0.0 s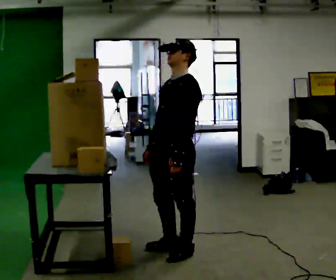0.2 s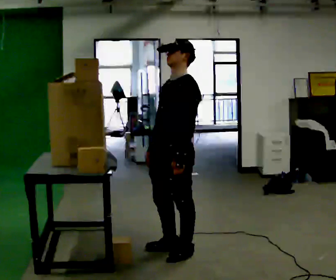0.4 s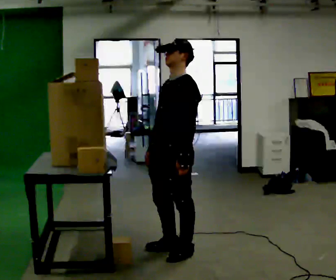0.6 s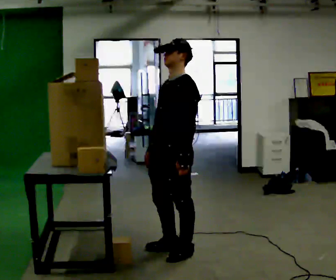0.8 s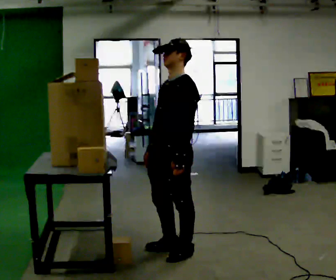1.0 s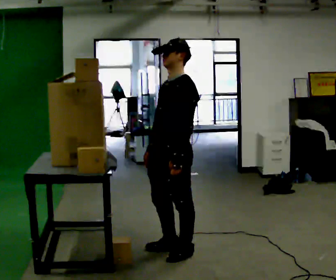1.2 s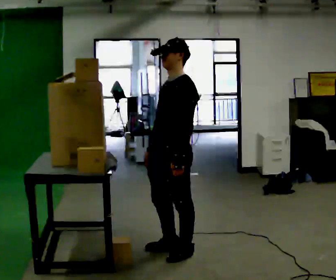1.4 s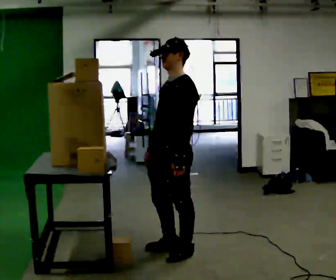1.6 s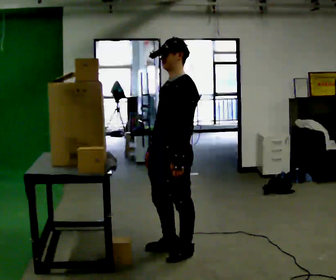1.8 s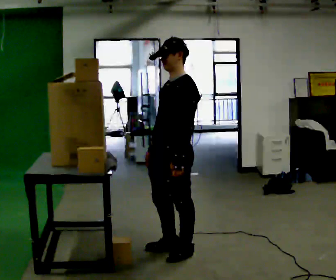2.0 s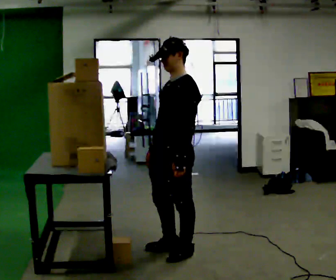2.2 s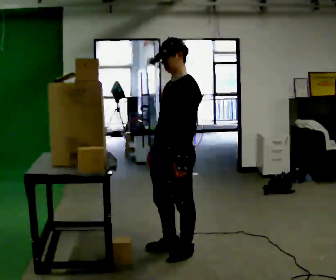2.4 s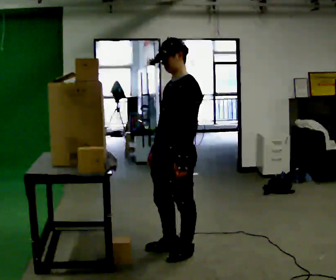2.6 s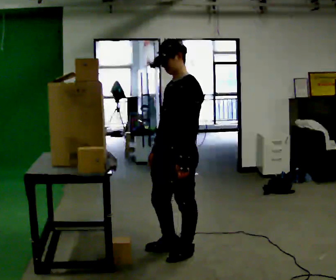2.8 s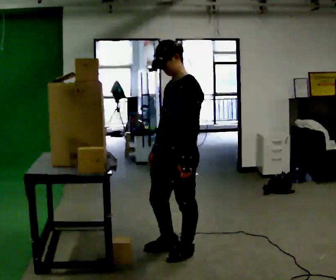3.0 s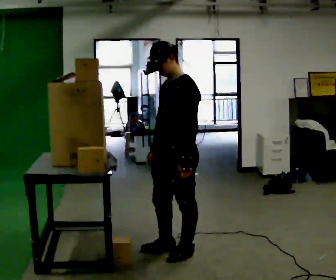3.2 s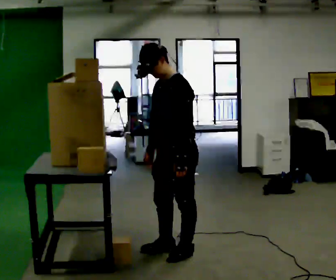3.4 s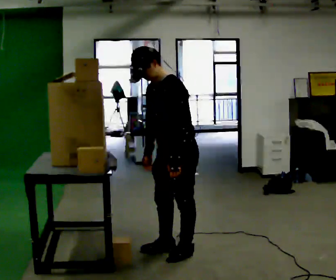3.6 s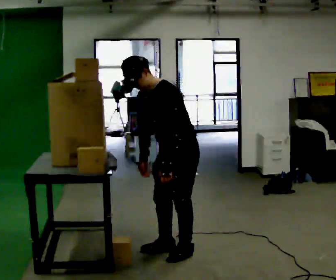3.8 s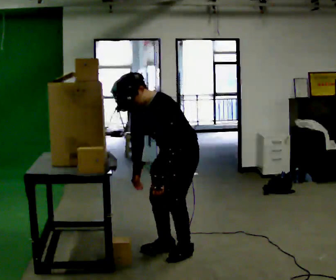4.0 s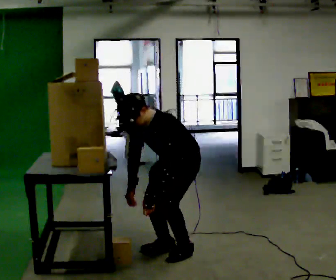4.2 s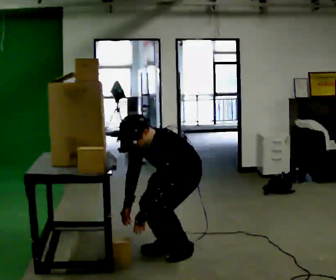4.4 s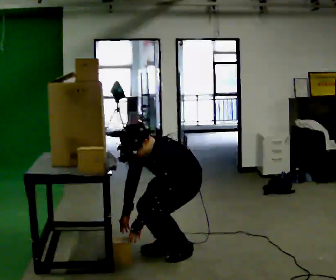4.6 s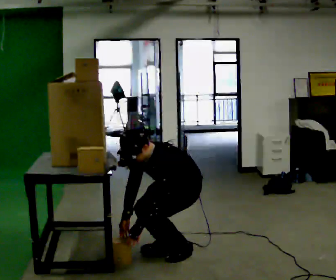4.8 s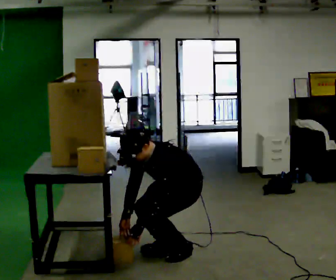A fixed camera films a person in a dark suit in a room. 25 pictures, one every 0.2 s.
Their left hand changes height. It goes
downward.
The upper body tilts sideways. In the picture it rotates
counterclockwise.
0.0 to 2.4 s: The person moves a little, or ends about where they began.
2.4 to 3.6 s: In the picture the upper body tilts counterclockwise, shoulders to the left, as they bend forward.
3.6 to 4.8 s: The shoulders move downward. In the picture their left hand goes downward.
The film runs forward here.
